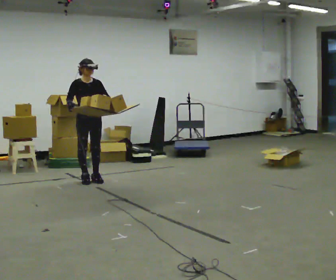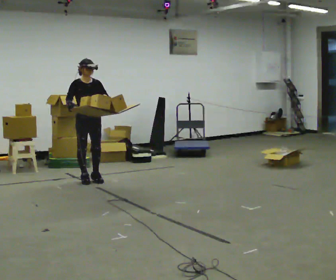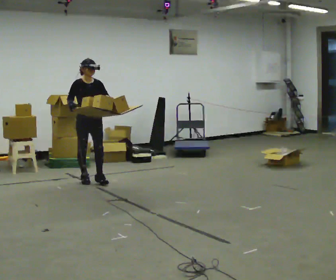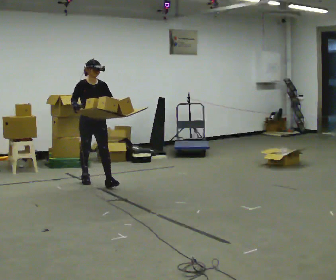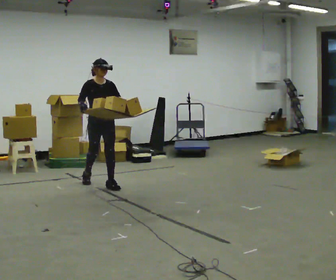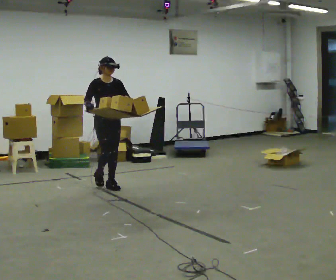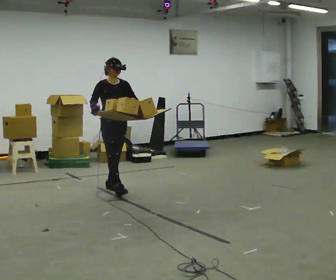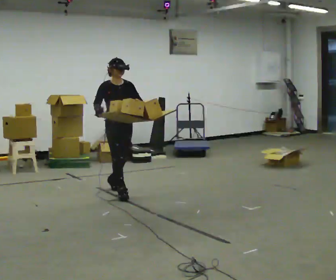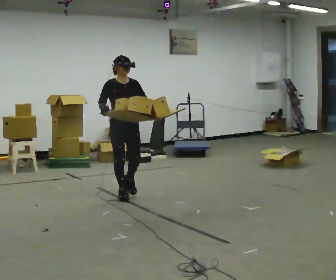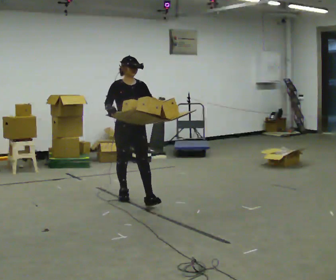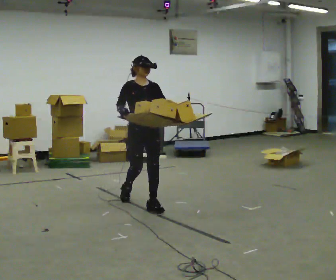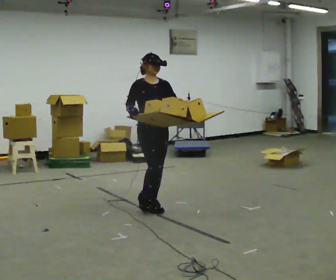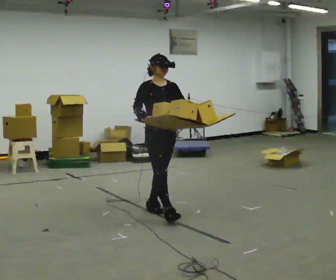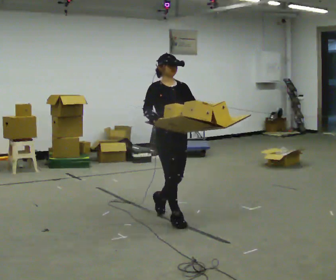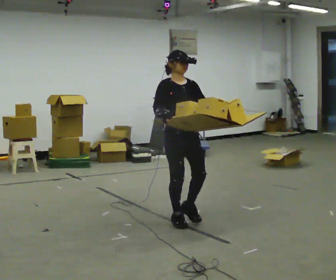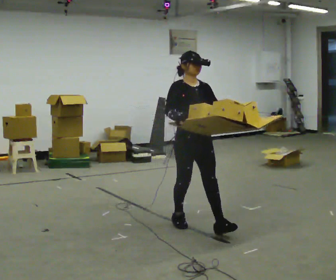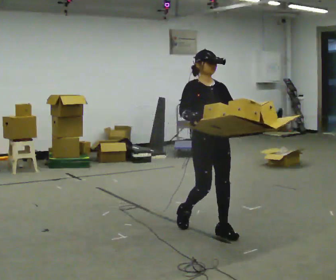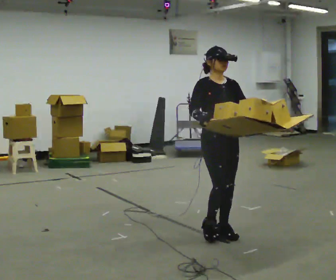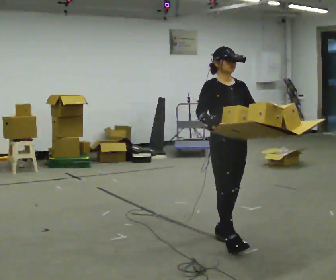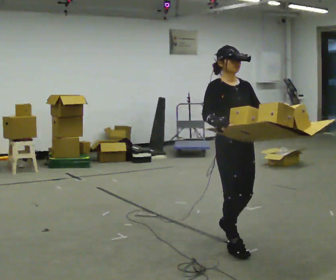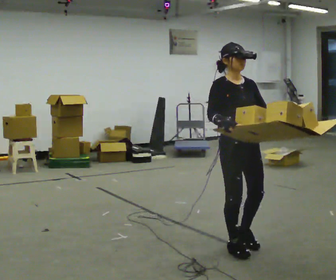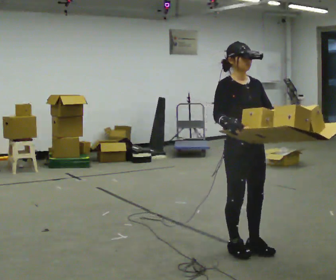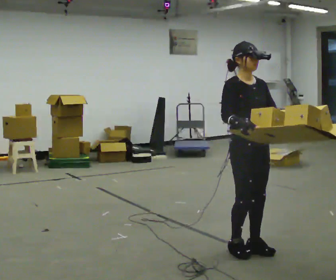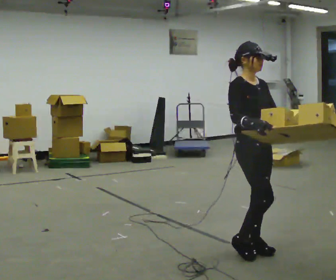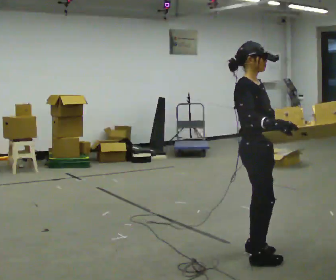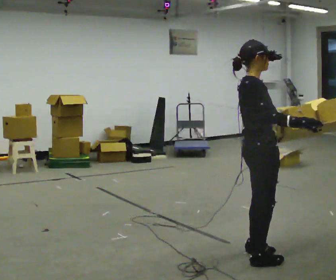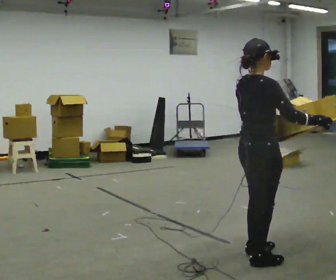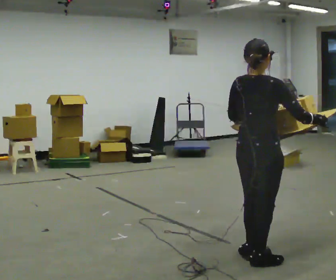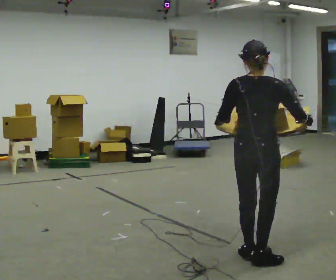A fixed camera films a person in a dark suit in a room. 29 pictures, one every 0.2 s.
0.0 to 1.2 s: In the picture they go toward the camera and to the right, about 0.5 m in 1 step, which for them is forward.
1.2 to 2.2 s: In the picture they go toward the camera and to the right, about 1 m in 2 steps, which for them is forward.
2.2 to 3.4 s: In the picture they go toward the camera and to the right, about 1 m in 2 steps, which for them is forward.
3.4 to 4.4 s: In the picture they go toward the camera and to the right, about 0.5 m in 2 steps, which for them is forward.
4.4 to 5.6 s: The part of the body nearest the lens slides to the right as the person turns to their left by about 120 degrees. In the picture they go toward the camera, about 0.25 m in 2 steps. In the picture their right hand goes to the right.
The film runs forward here.
